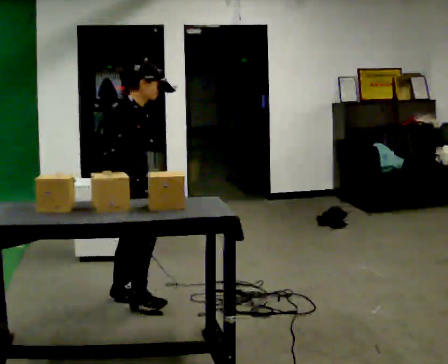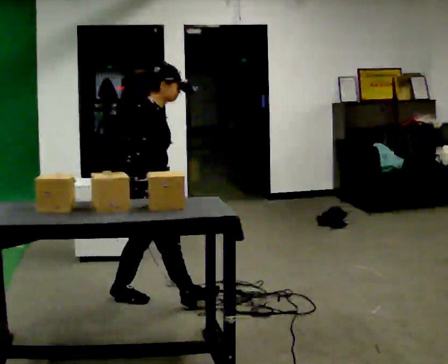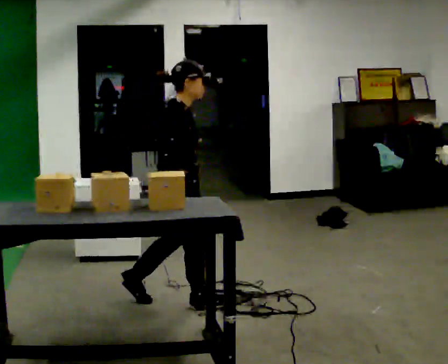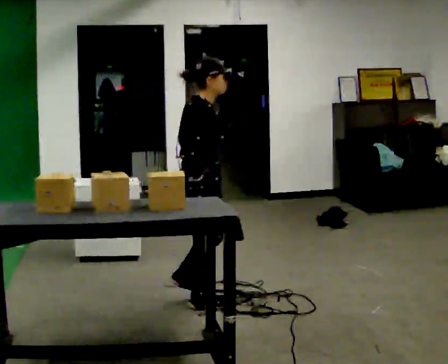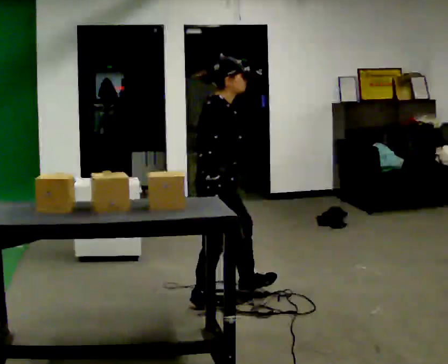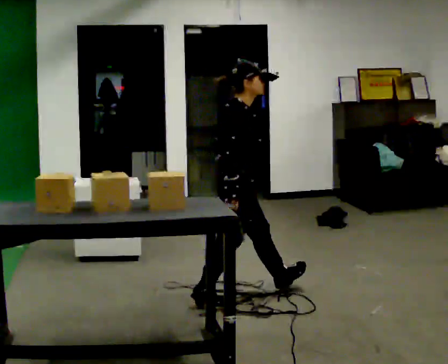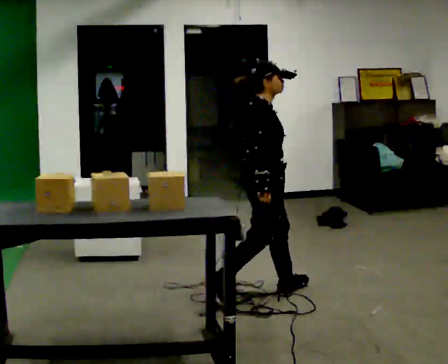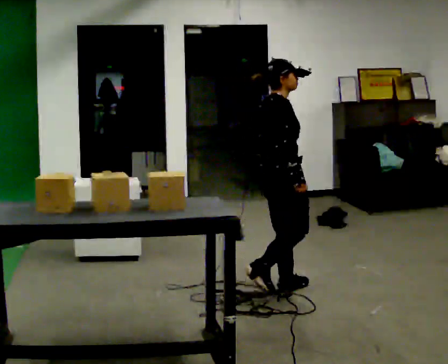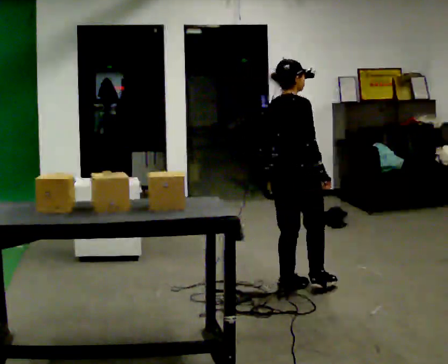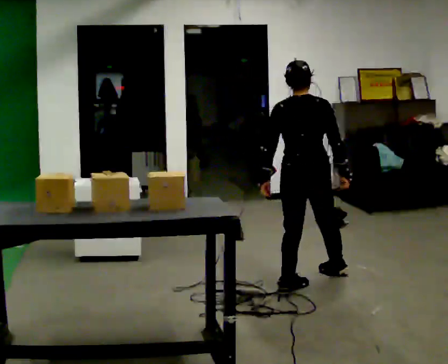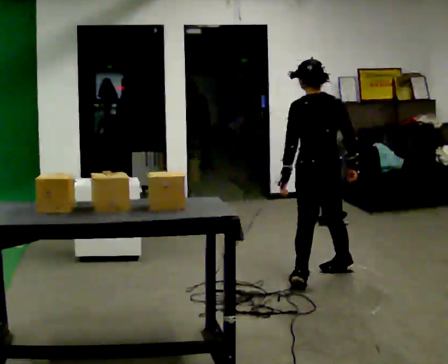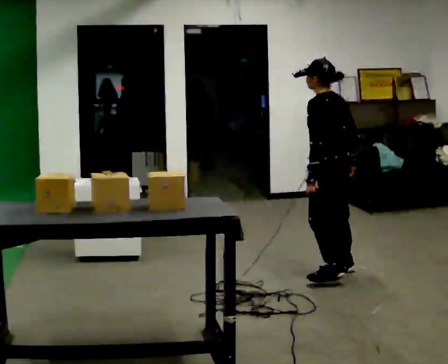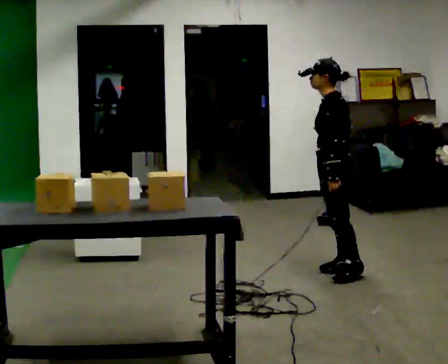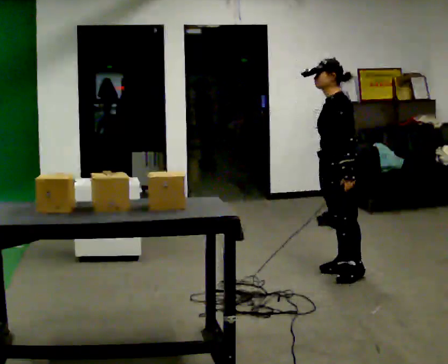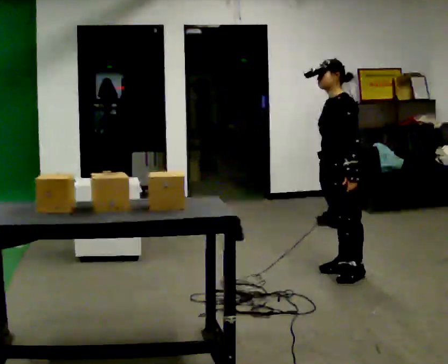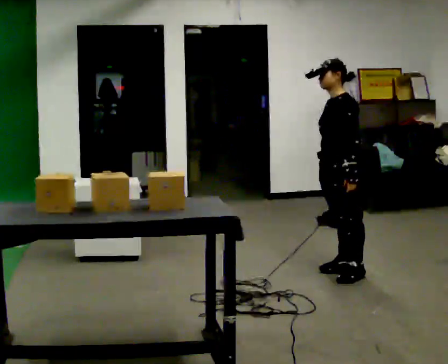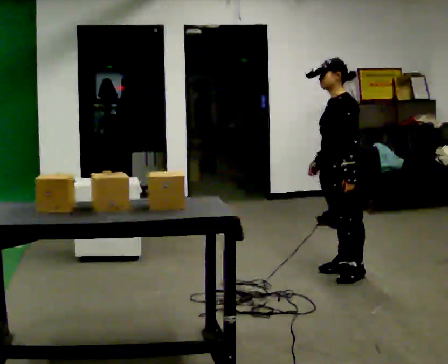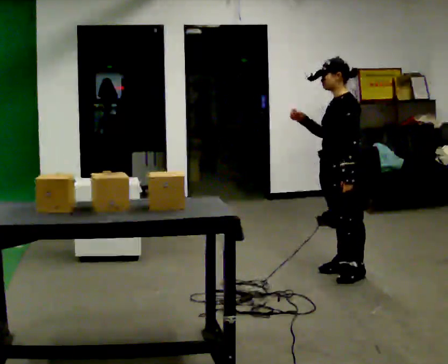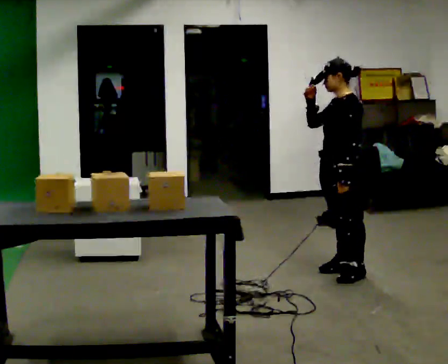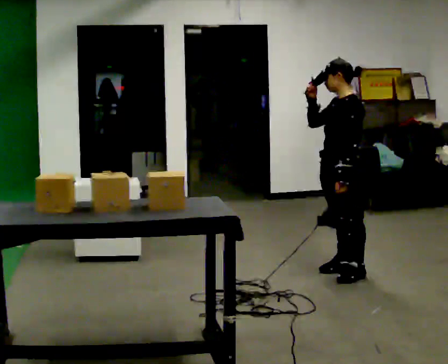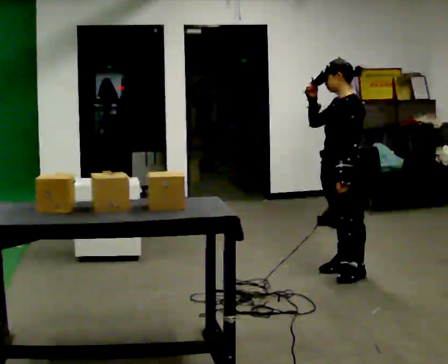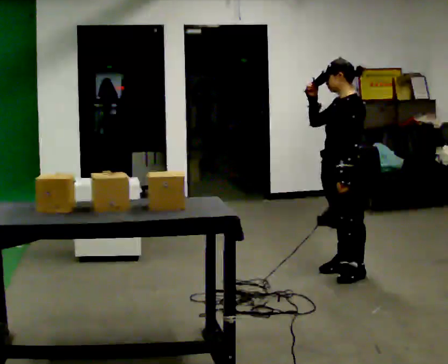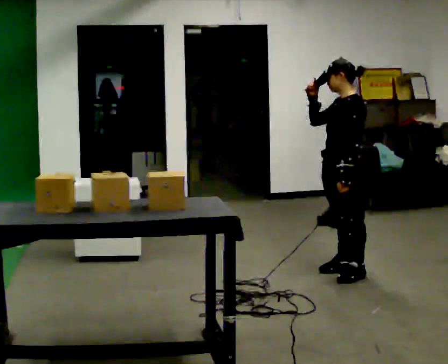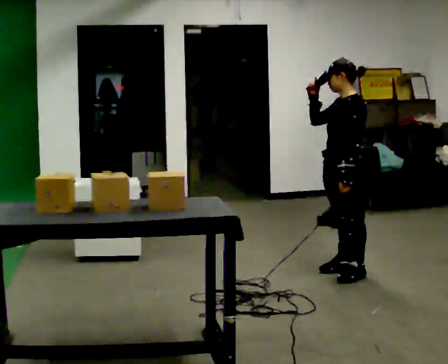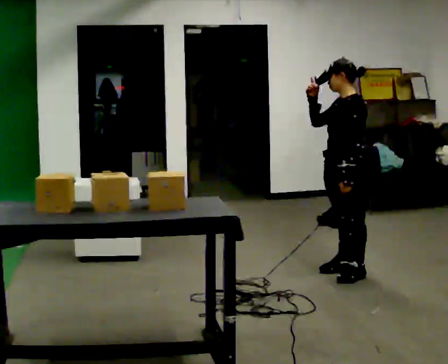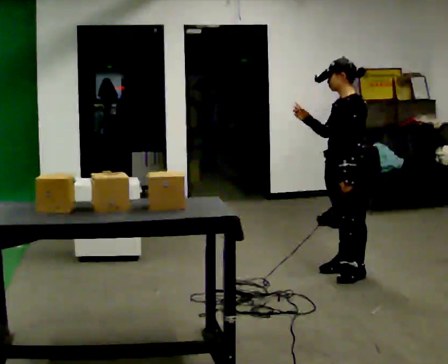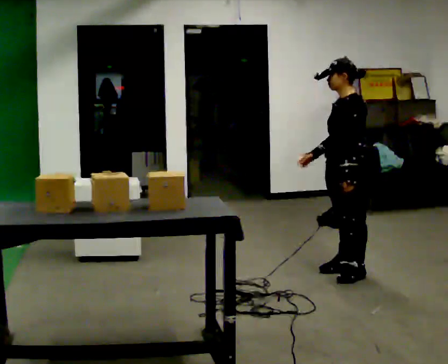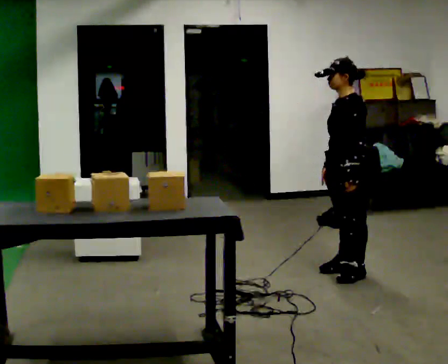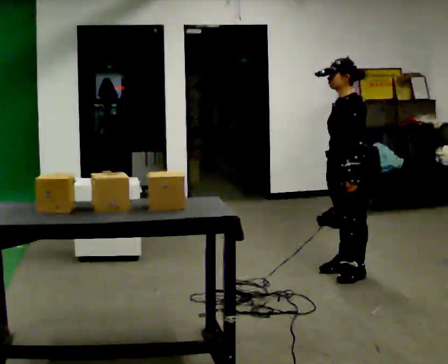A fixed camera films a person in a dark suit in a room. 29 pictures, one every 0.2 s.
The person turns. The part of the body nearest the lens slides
to the right.
The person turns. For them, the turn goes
to their left.
0.0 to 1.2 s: In the picture they go to the right and away from the camera, about 1 m in 2 steps, which for them is forward.
1.2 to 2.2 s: The person turns about 150 degrees to their left, counterclockwise seen from above, so the part of the body nearest the lens slides to the right. In the picture they go away from the camera and to the right, about 0.75 m in 1 step.
2.2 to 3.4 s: Seen from above the body turns counterclockwise, about 45 degrees: to their left, with its near side sliding to the right. In the picture their right hand goes upward.
3.4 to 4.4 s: The person moves a little, or ends about where they began.
4.4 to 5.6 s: In the picture their right hand goes downward.
The film runs forward here.
